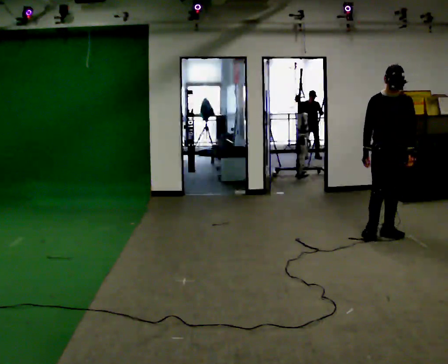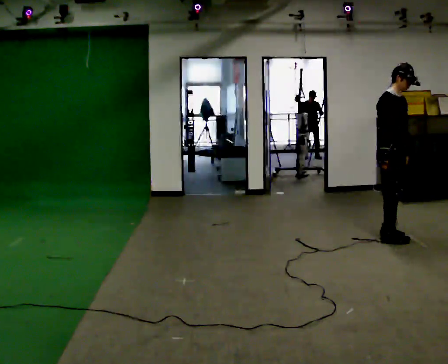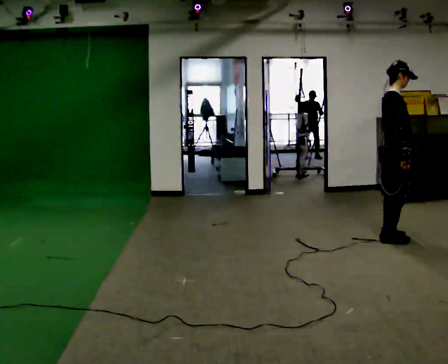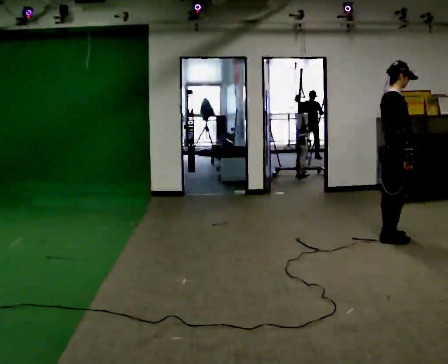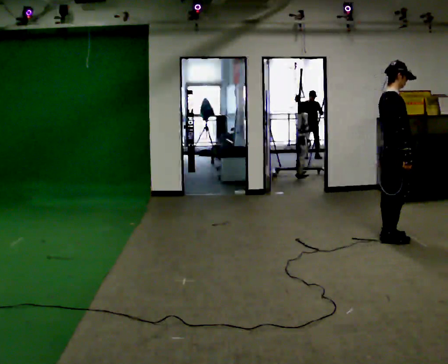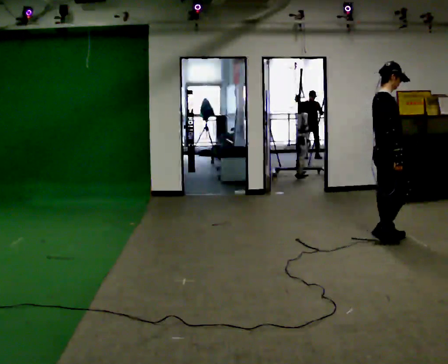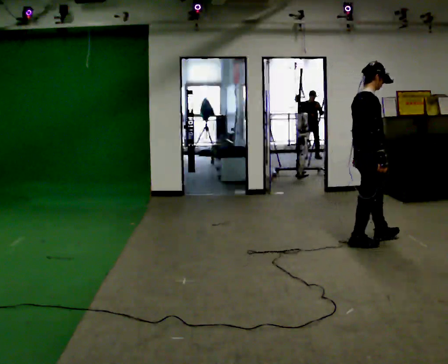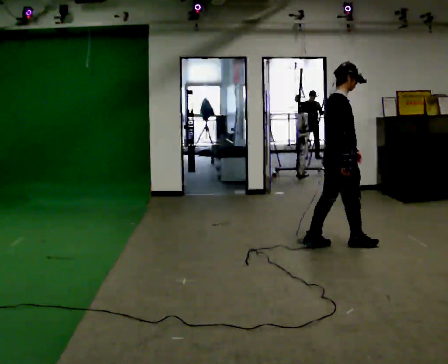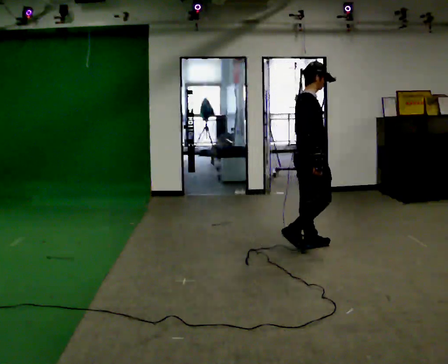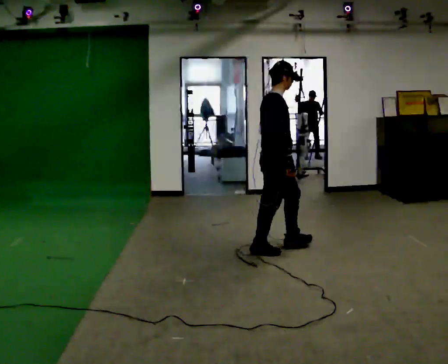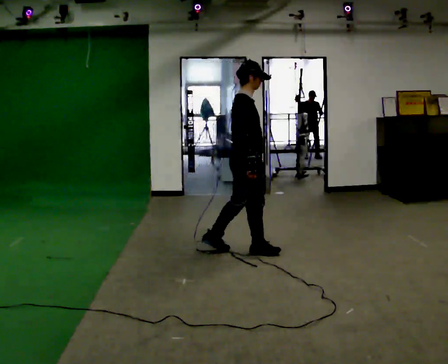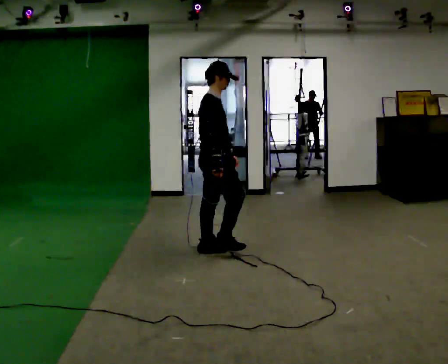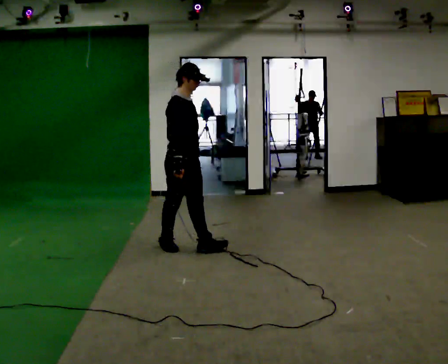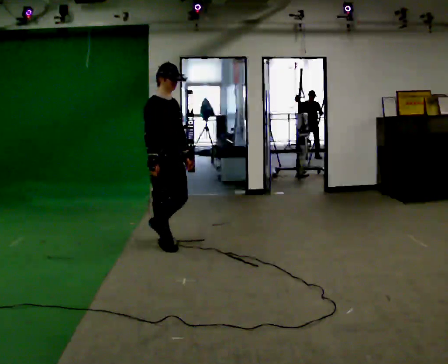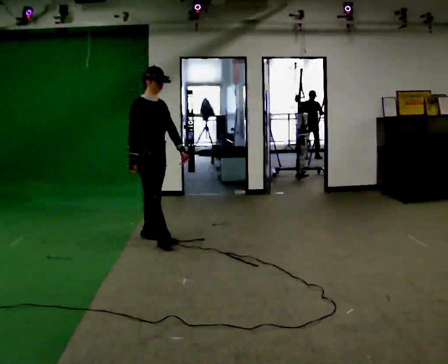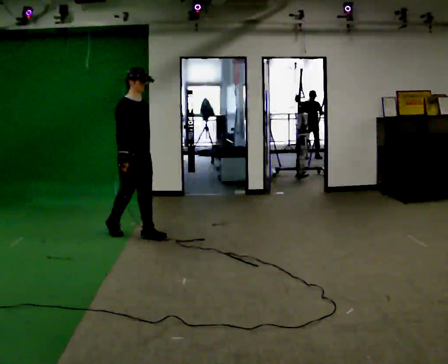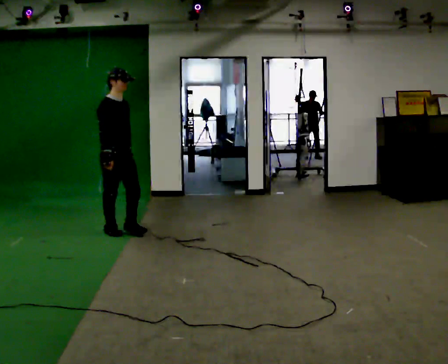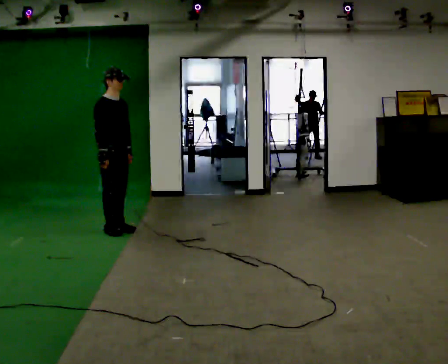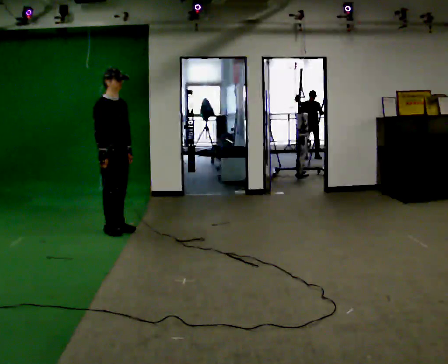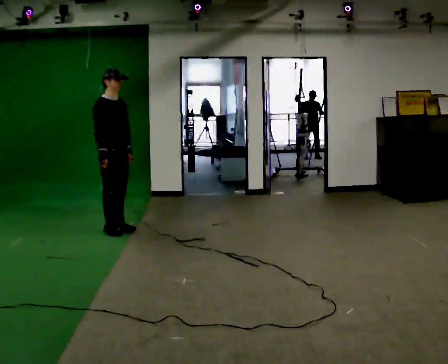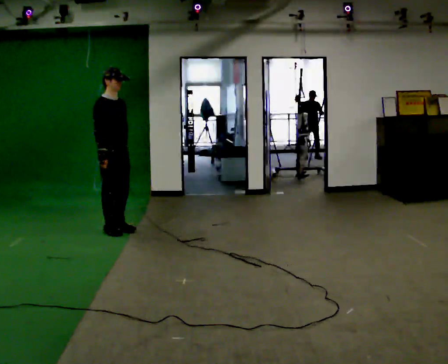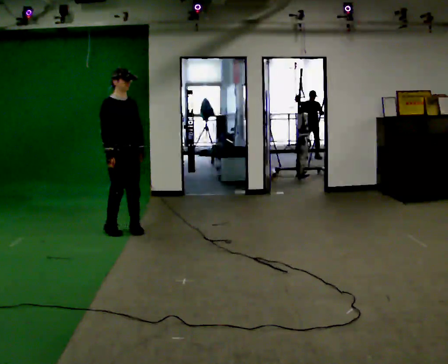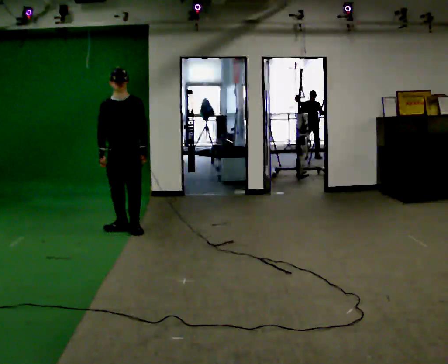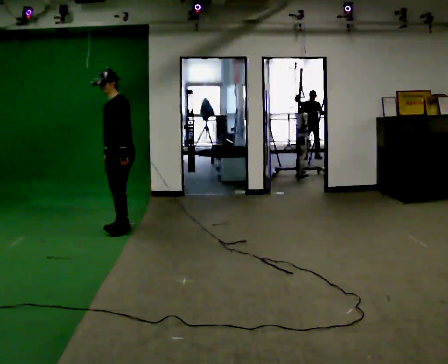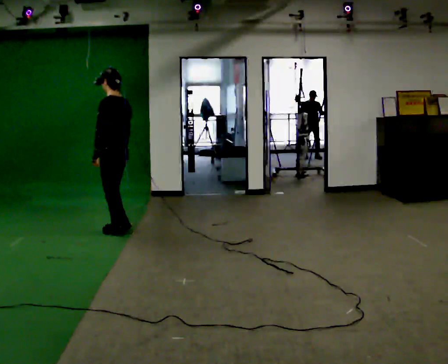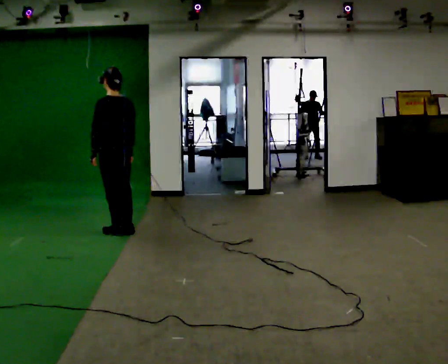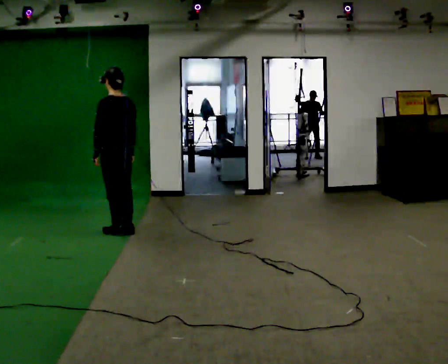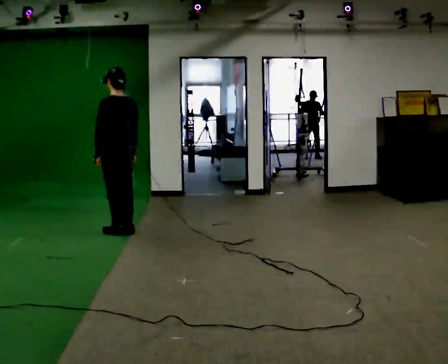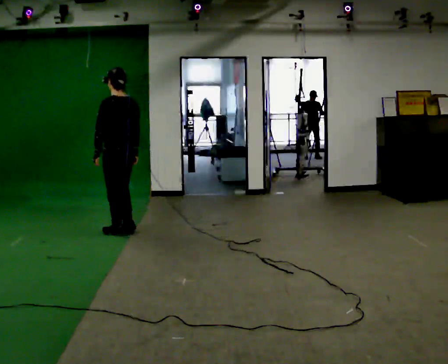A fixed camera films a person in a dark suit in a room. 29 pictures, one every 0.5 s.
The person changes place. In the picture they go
to the left.
0.0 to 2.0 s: The part of the body nearest the lens slides to the right as the person turns to their left by about 90 degrees. In the picture they go toward the camera, about 0.25 m in 1 step.
2.0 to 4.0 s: In the picture they go to the left, about 1 m in 3 steps, which for them is backward.
4.0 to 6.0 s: The person turns about 30 degrees to their right, clockwise seen from above, so the part of the body nearest the lens slides to the left. In the picture they go to the left, about 1 m in 2 steps, which for them is backward.
6.0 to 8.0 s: In the picture they go to the left and away from the camera, about 1 m in 3 steps, which for them is backward.
8.0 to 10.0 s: The person moves a little, or ends about where they began.
10.0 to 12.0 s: The person turns about 165 degrees to their right, clockwise seen from above, so the part of the body nearest the lens slides to the left.
12.0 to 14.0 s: The person moves a little, or ends about where they began.
The film runs backward here.
